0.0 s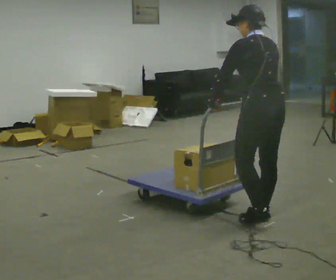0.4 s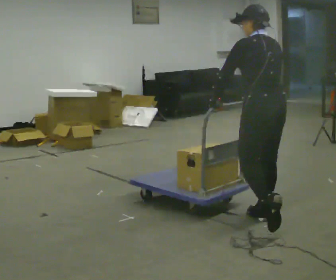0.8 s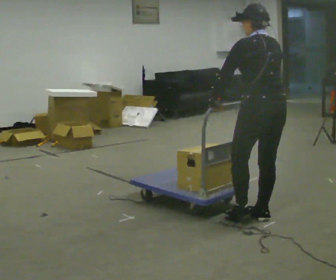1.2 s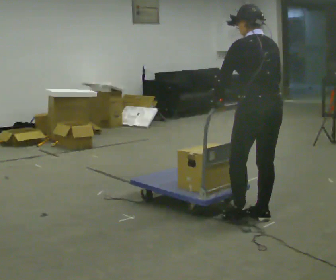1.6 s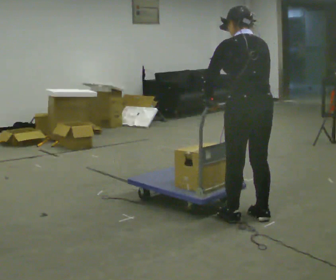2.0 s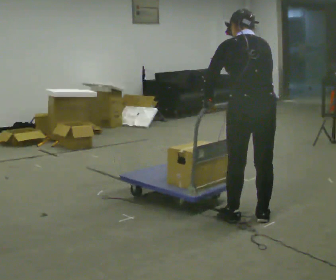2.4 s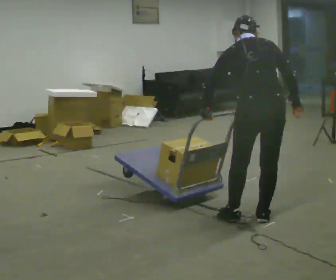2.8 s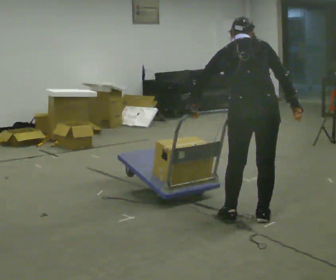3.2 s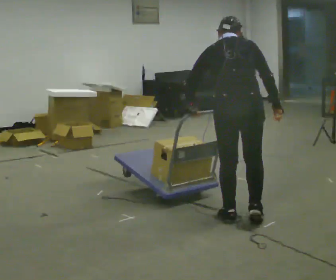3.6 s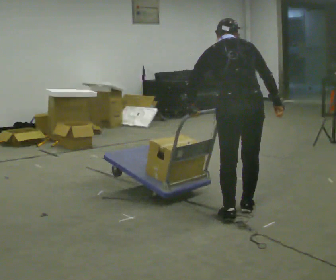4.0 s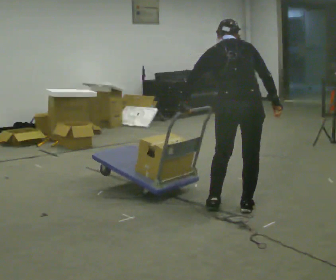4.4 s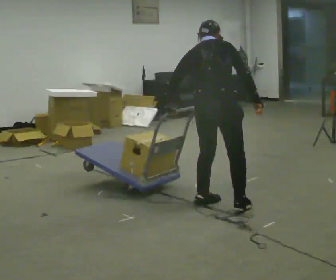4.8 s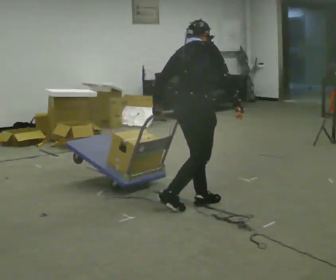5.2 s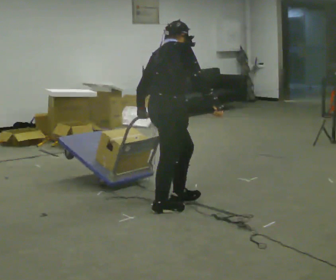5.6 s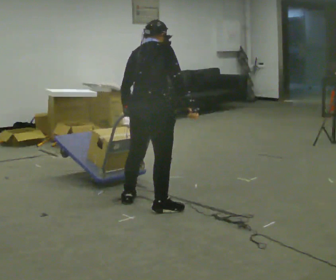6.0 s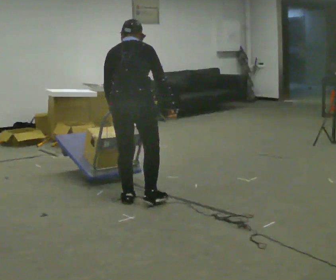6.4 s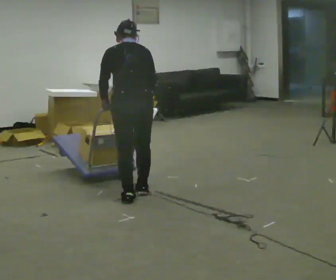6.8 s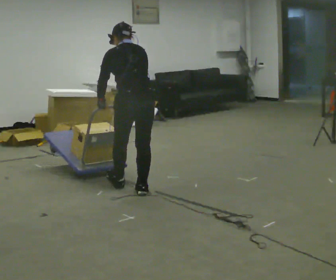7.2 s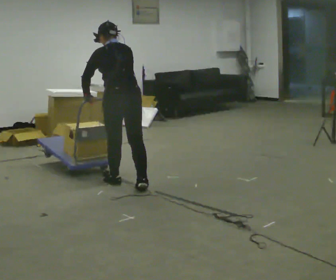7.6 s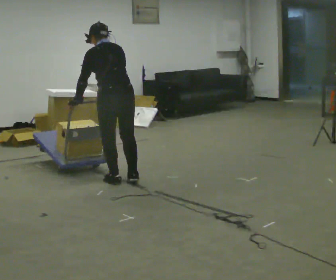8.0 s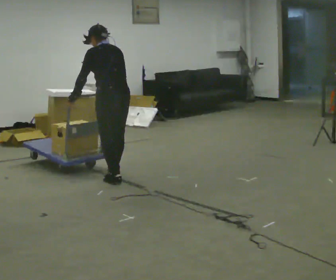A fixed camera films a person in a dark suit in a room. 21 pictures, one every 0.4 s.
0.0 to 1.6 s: The person moves a little, or ends about where they began.
1.6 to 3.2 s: The part of the body nearest the lens slides to the left as the person turns to their right by about 30 degrees.
3.2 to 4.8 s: The person turns about 45 degrees to their right, clockwise seen from above, so the part of the body nearest the lens slides to the left. In the picture they go to the left and away from the camera, about 0.5 m in 2 steps, which for them is to their left and forward.
4.8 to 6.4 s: The person turns about 60 degrees to their left, counterclockwise seen from above, so the part of the body nearest the lens slides to the right. In the picture they go to the left, about 0.5 m in 2 steps.
6.4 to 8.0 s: The person turns about 30 degrees to their left, counterclockwise seen from above, so the part of the body nearest the lens slides to the right. In the picture they go away from the camera and to the left, about 0.75 m in 2 steps, which for them is forward.
The film runs backward here.
